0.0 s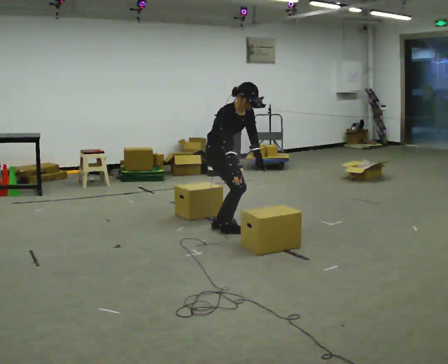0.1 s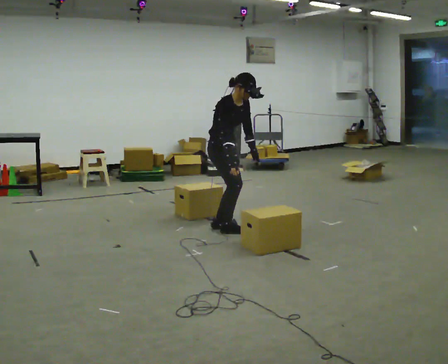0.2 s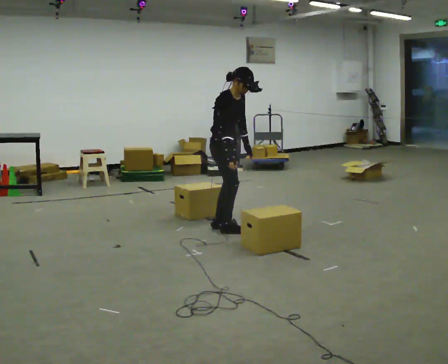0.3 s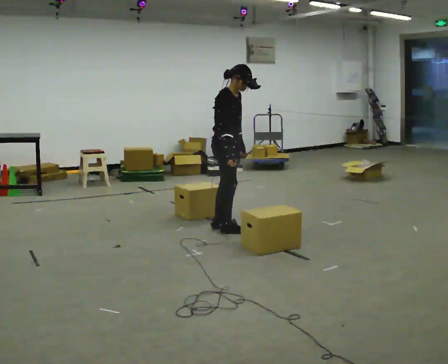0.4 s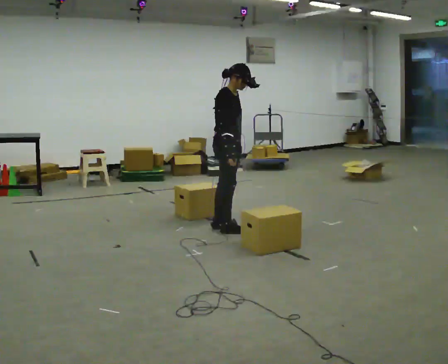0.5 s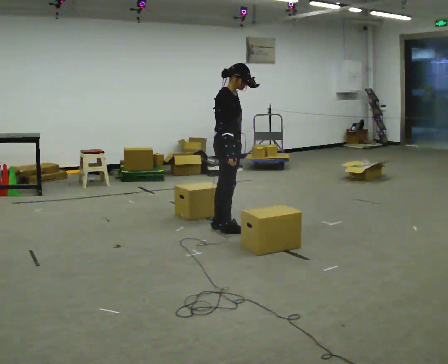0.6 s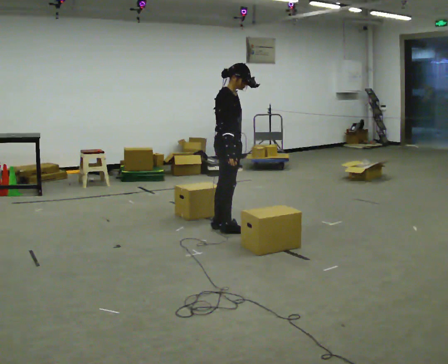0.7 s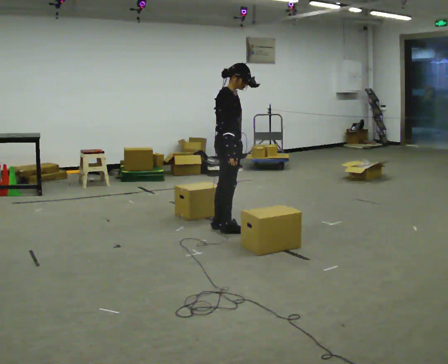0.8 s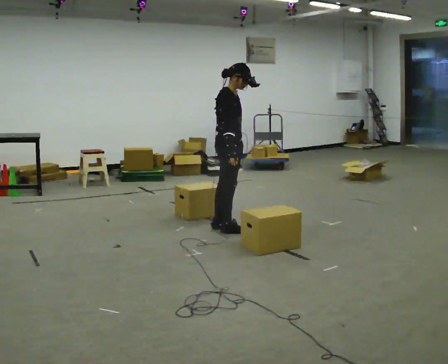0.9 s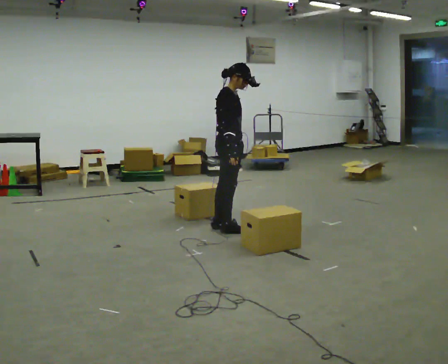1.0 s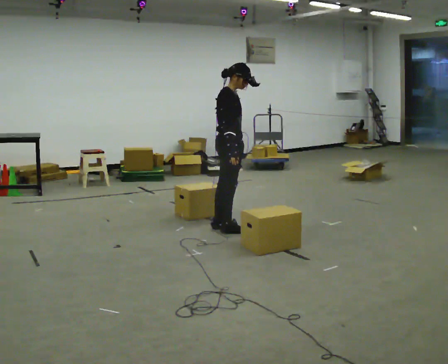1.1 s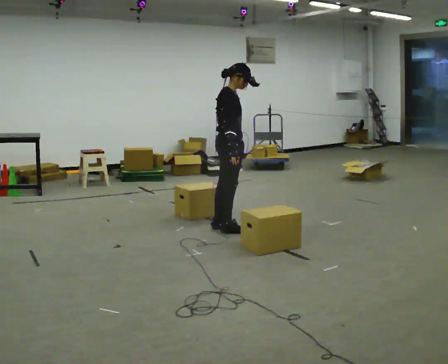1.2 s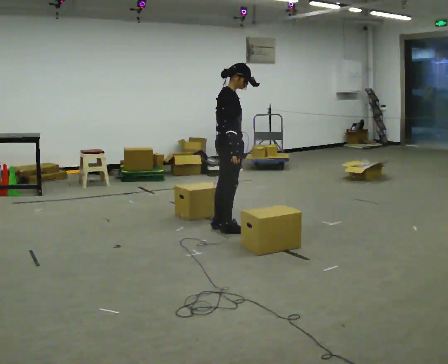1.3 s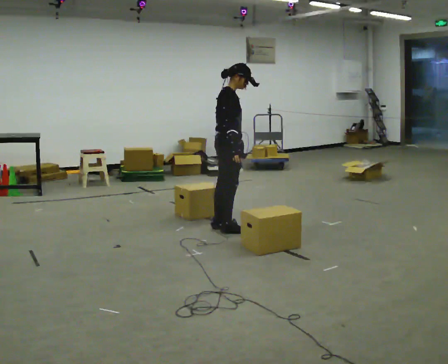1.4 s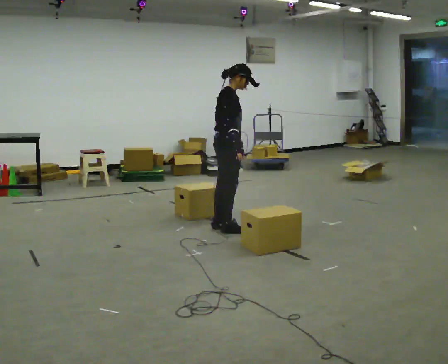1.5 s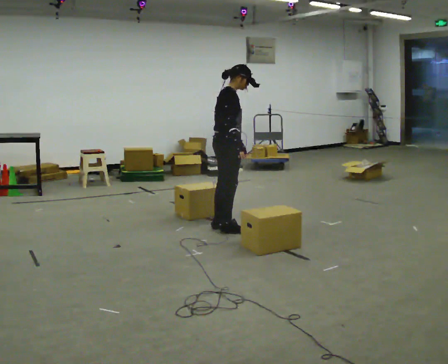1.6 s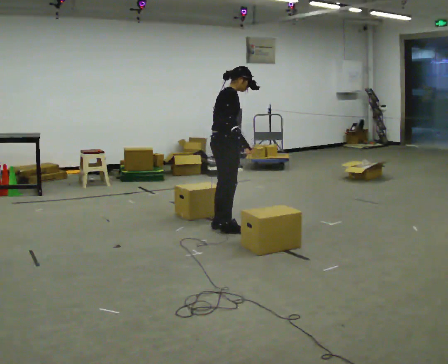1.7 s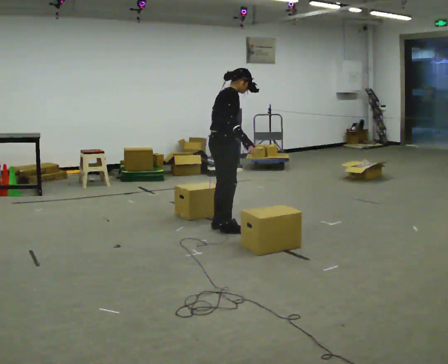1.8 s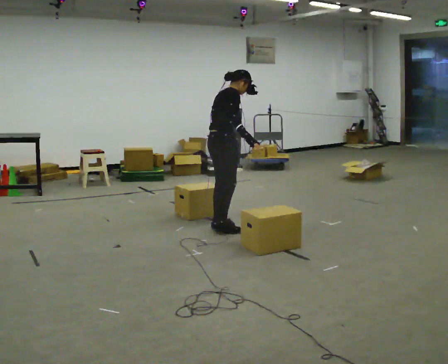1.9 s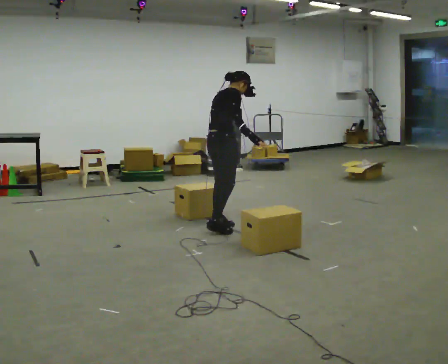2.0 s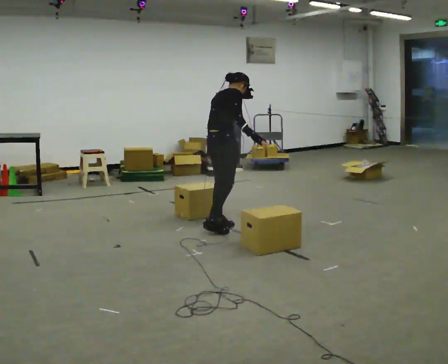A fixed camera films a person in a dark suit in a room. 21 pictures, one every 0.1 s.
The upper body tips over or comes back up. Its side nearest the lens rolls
upward.
0.0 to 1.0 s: The part of the body nearest the lens slides to the right as the person turns to their left by about 30 degrees. The shoulders move upward. In the picture the upper body tilts counterclockwise, shoulders to the left, as they lean back or straighten.
1.0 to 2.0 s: The person turns about 30 degrees to their left, counterclockwise seen from above, so the part of the body nearest the lens slides to the right. The upper body tips away from the camera, its near side rolling upward, as they bend forward.
The film runs backward here.
